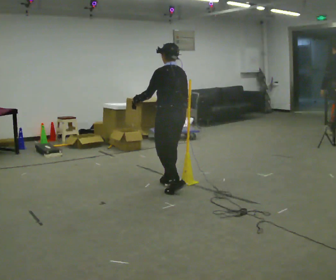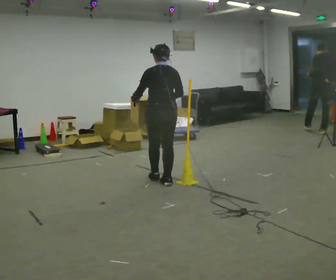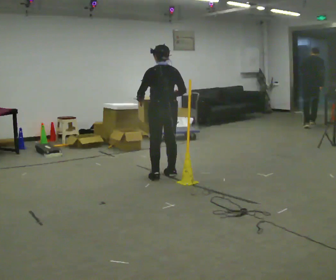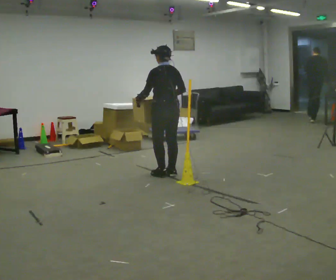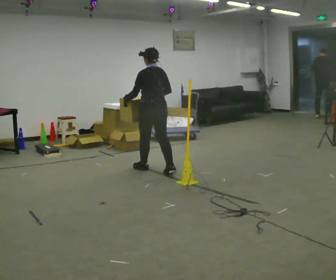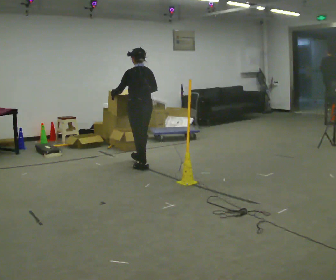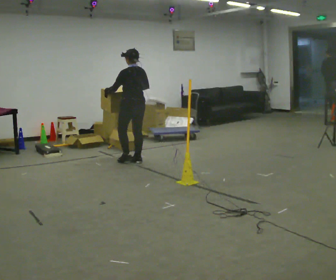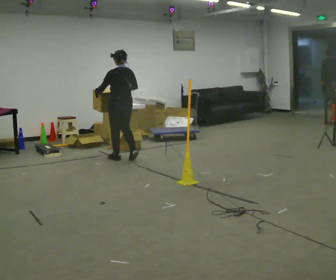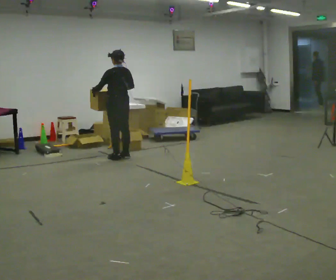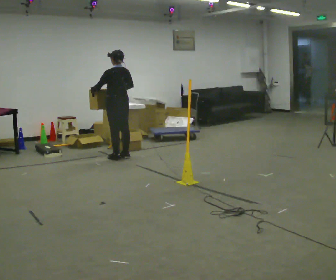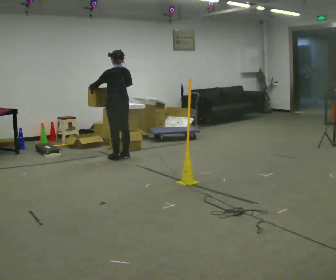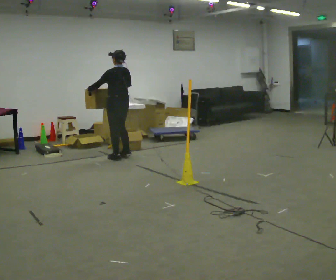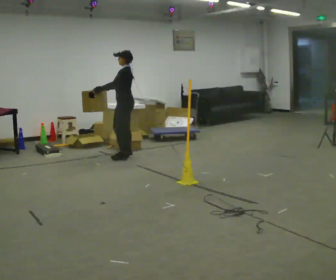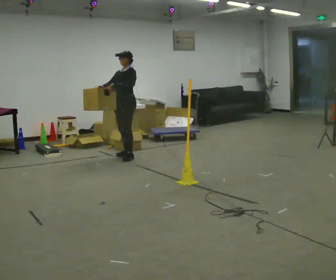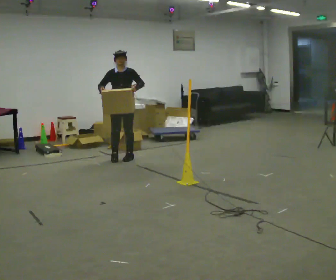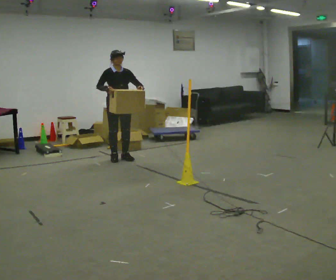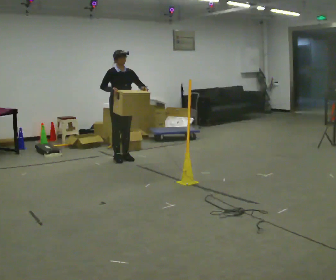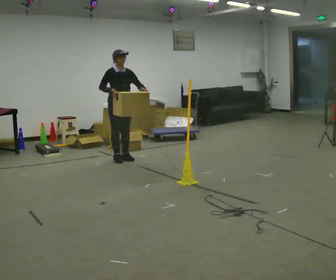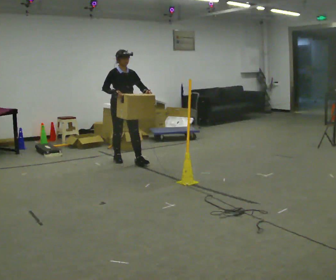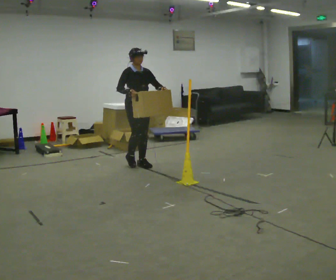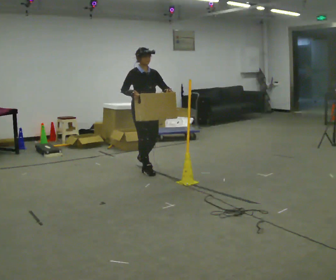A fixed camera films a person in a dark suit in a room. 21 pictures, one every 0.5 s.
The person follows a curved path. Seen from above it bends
clockwise.
0.0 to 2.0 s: In the picture they go away from the camera, about 0.5 m in 4 steps, which for them is forward.
2.0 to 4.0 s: In the picture they go away from the camera and to the left, about 1 m in 3 steps, which for them is forward.
4.0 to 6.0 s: The person turns about 60 degrees to their left, counterclockwise seen from above, so the part of the body nearest the lens slides to the right.
6.0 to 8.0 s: The part of the body nearest the lens slides to the right as the person turns to their left by about 120 degrees. In the picture their left hand goes to the right.
8.0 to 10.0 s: In the picture they go toward the camera and to the right, about 0.5 m in 2 steps, which for them is forward.
The film runs forward here.
